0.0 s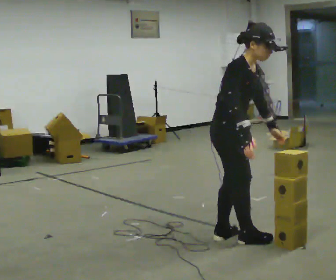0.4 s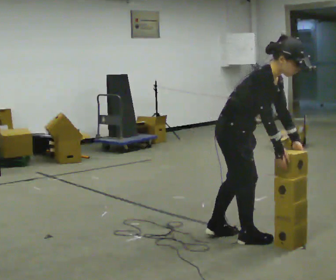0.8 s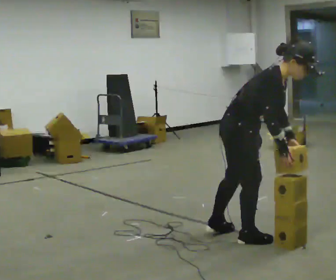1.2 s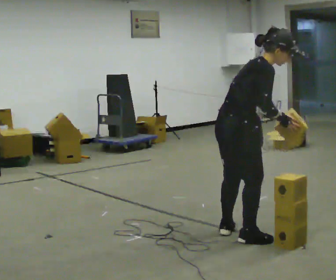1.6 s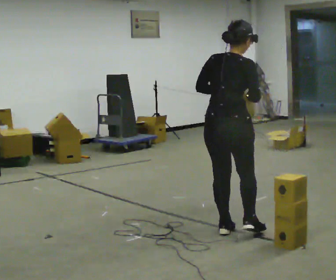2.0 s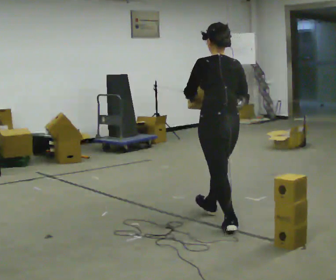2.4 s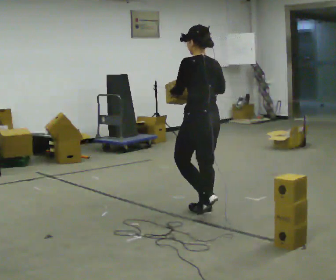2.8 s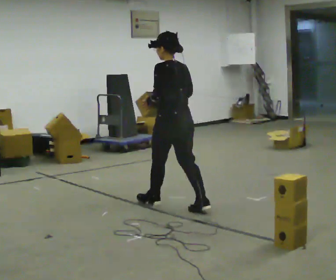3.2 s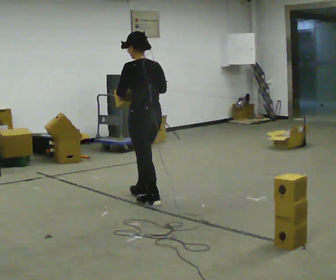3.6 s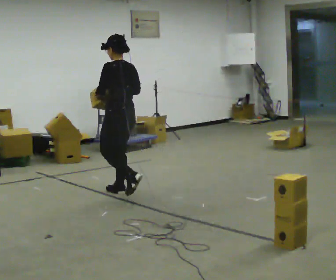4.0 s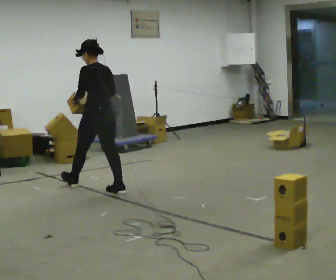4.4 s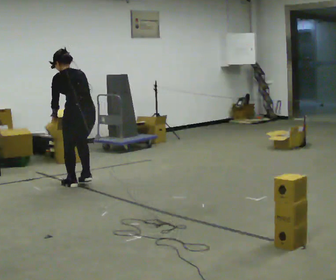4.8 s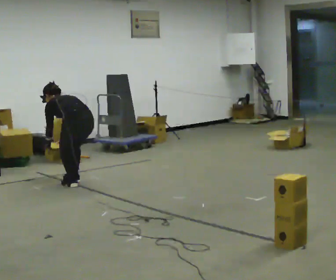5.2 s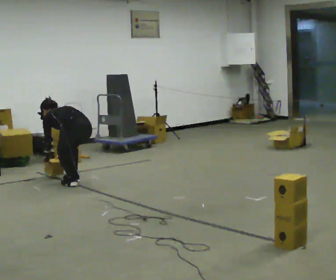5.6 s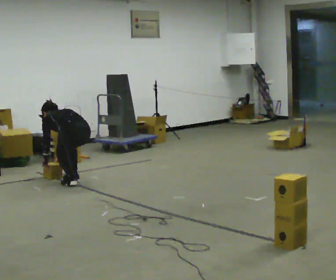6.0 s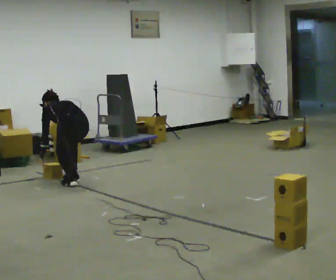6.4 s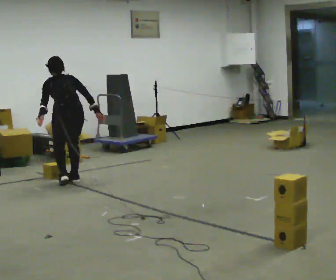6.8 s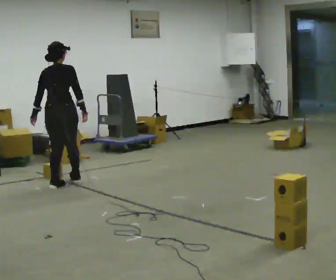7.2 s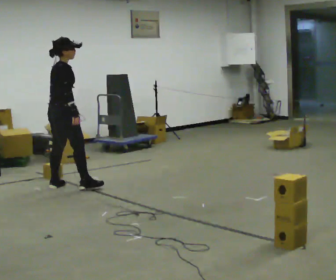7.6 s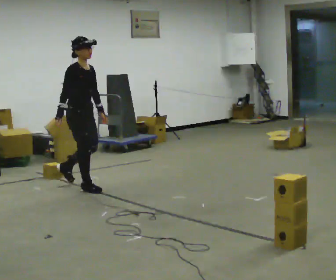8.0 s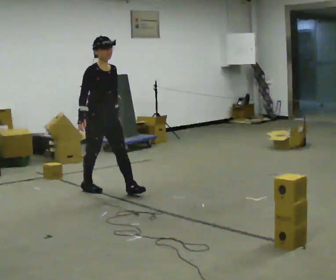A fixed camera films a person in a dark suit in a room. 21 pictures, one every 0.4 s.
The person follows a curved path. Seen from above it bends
counterclockwise.
0.0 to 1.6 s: The person turns about 90 degrees to their left, counterclockwise seen from above, so the part of the body nearest the lens slides to the right. In the picture they go away from the camera, about 0.25 m.
1.6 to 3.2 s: Seen from above the body turns counterclockwise, about 60 degrees: to their left, with its near side sliding to the right. In the picture they go away from the camera and to the left, about 1 m in 2 steps.
3.2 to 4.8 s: In the picture they go away from the camera and to the left, about 1 m in 3 steps, which for them is forward. The upper body goes downward. The upper body tips away from the camera, its near side rolling upward, as they bend forward. In the picture their right hand goes downward.
4.8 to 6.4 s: In the picture their right hand goes to the right and upward, the arm swinging counterclockwise.
6.4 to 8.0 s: The part of the body nearest the lens slides to the left as the person turns to their right by about 150 degrees. In the picture they go toward the camera and to the right, about 0.5 m in 2 steps. The upper body tips toward the camera, its near side rolling downward, as they lean back or straighten.
The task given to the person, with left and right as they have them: Carry the stack of boxes across the room without letting it fall over, then bring it back. Keep going until the operator says stop; one object at a time, and do not rush between trips.
The film runs forward here.
